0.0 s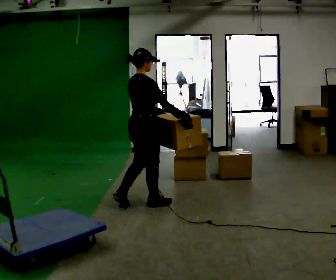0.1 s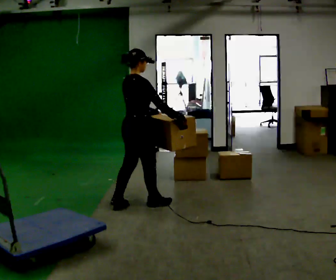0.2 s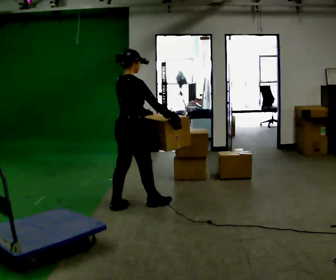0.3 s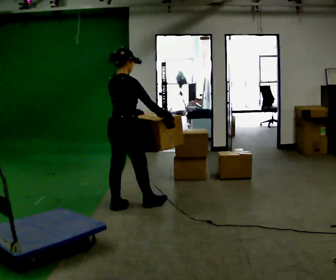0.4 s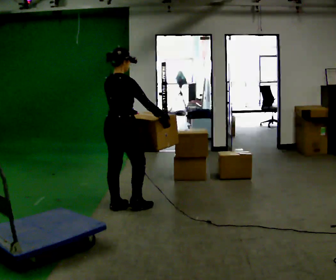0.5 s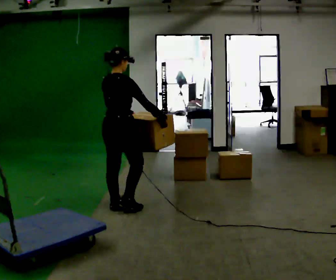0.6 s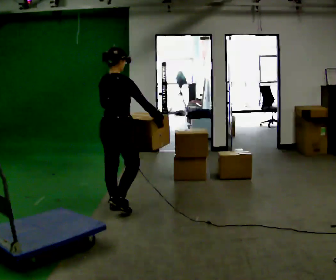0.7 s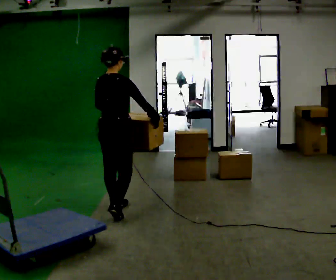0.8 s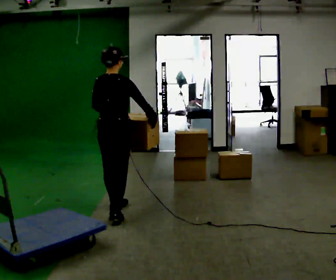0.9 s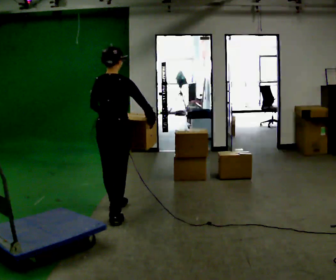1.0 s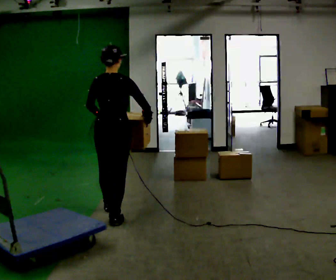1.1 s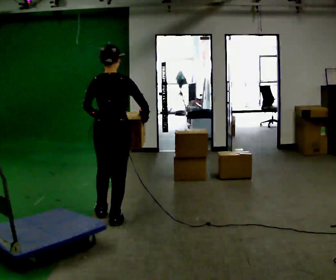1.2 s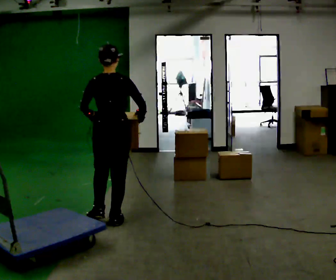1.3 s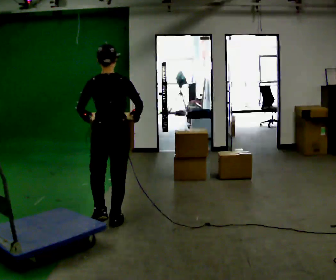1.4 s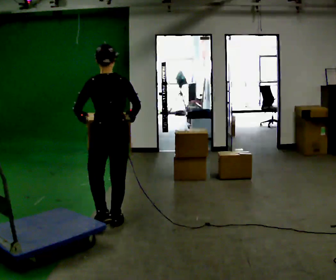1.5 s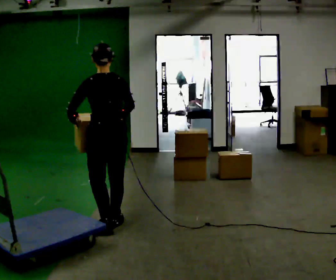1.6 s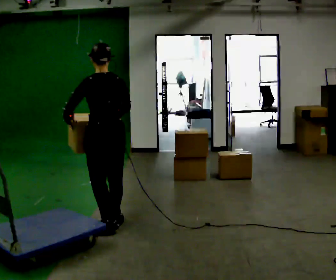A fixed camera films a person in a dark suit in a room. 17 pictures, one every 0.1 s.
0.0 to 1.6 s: The part of the body nearest the lens slides to the right as the person turns to their left by about 90 degrees. In the picture they go toward the camera and to the left, about 0.5 m in 2 steps.
The film runs backward here.
